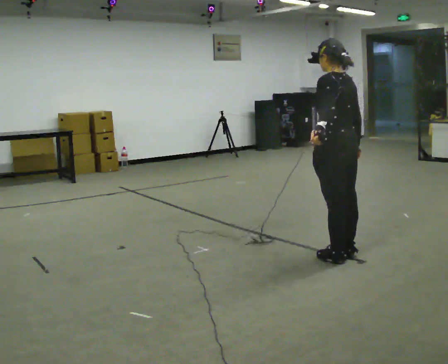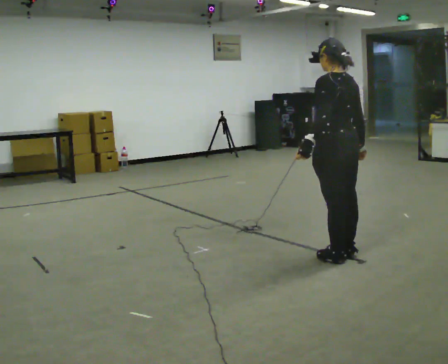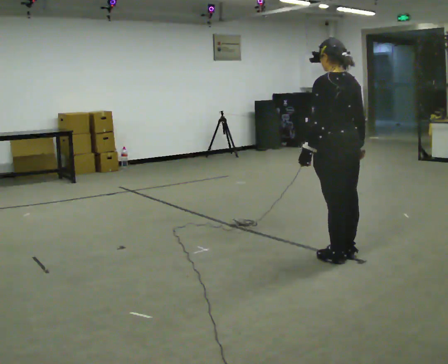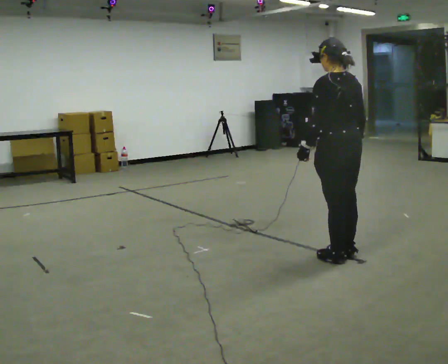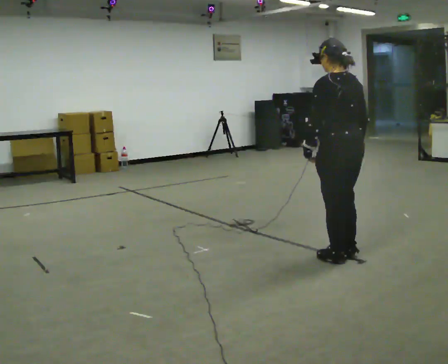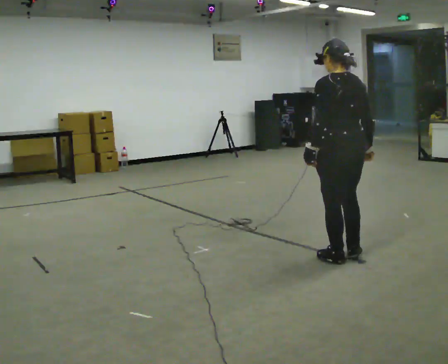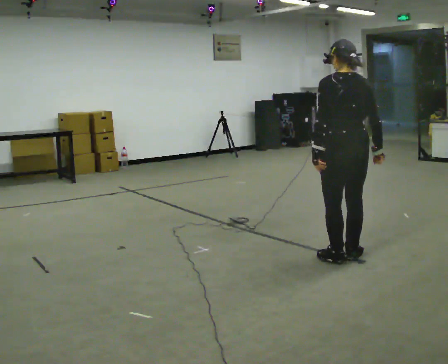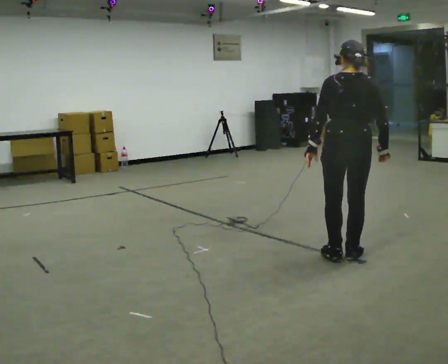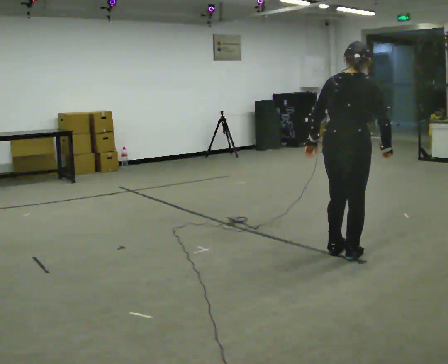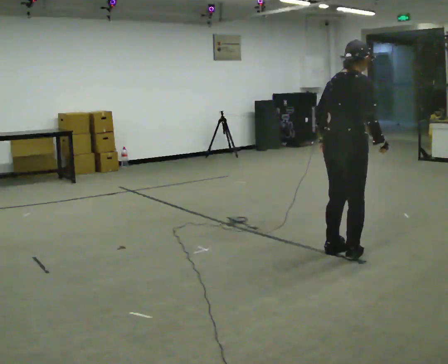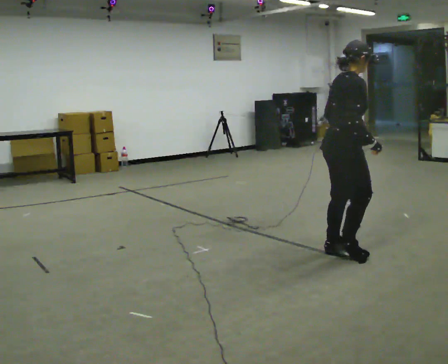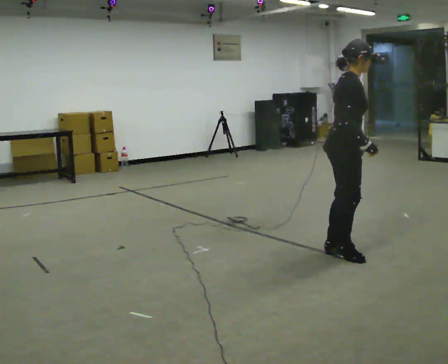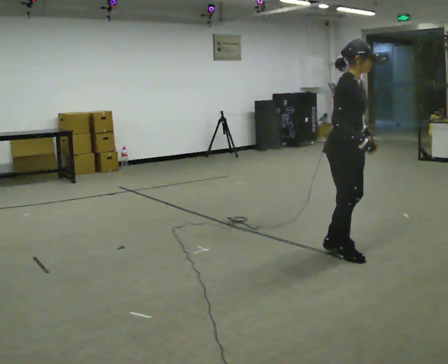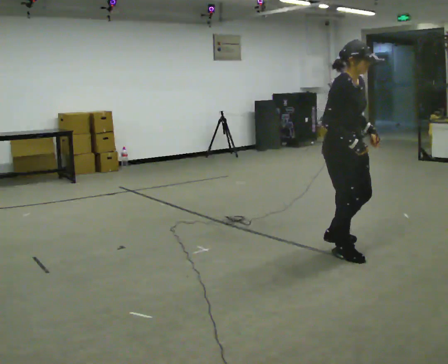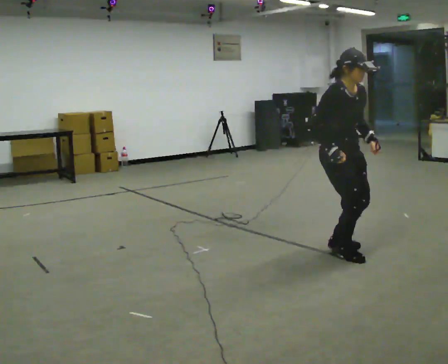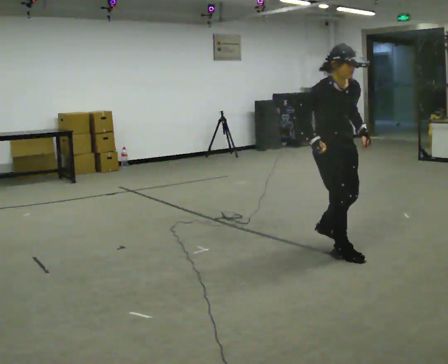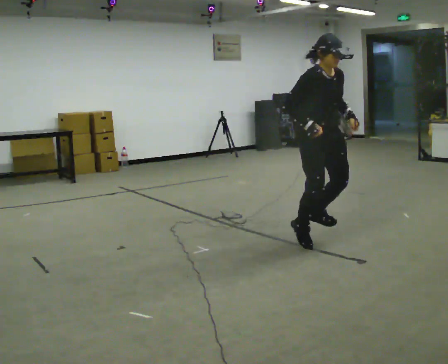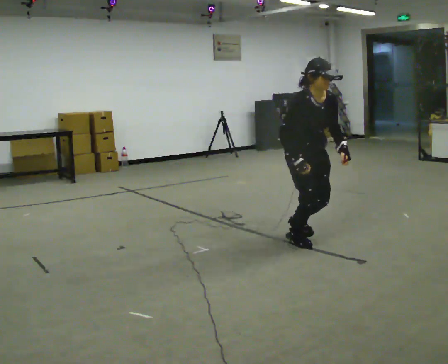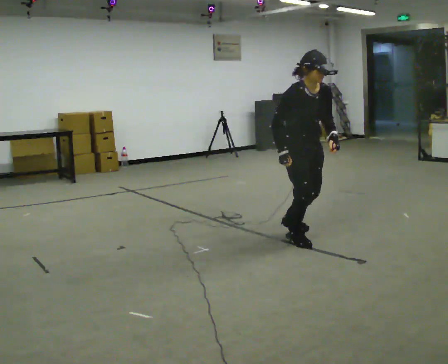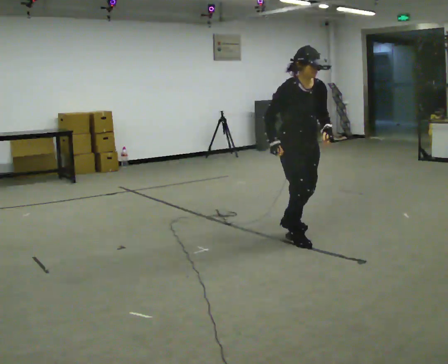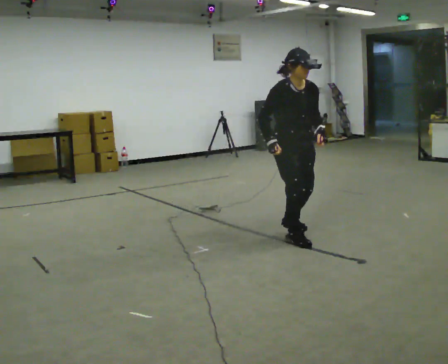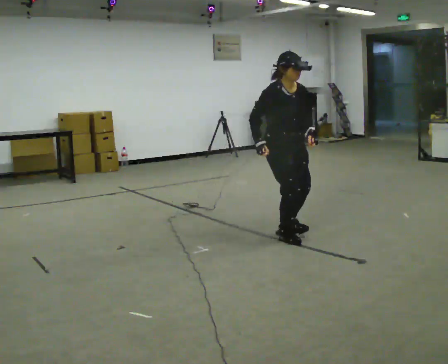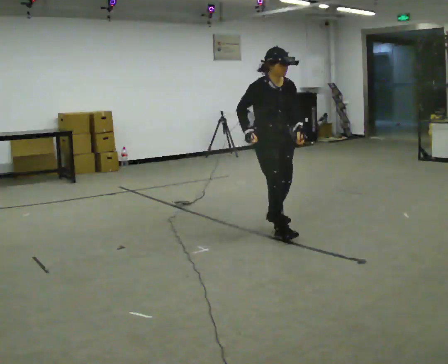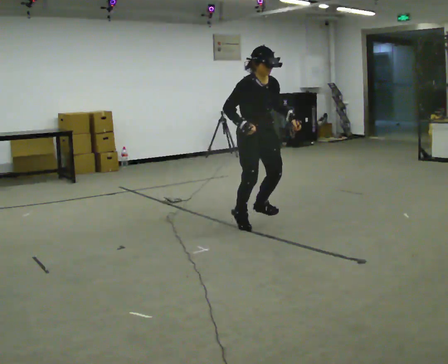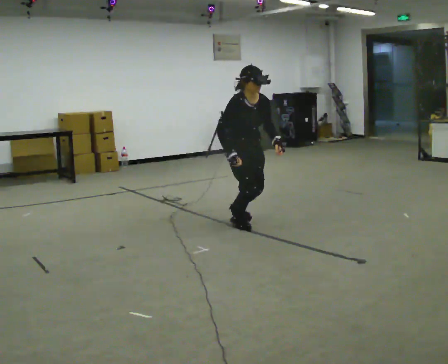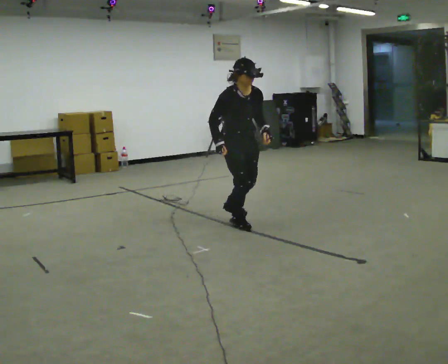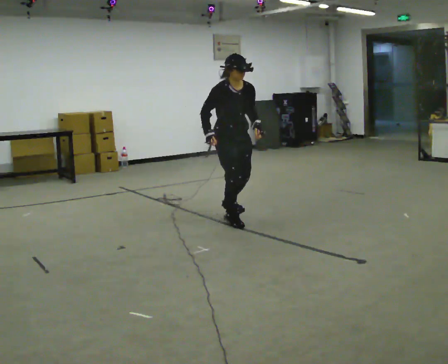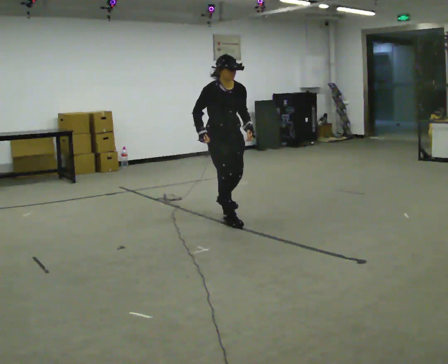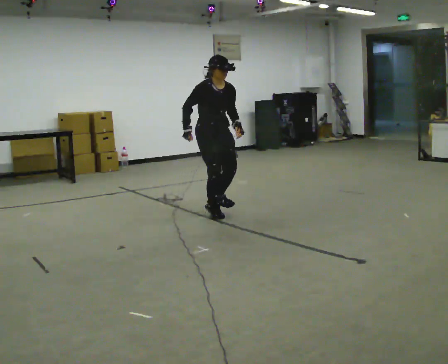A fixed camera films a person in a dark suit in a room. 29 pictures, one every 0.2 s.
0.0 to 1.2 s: Seen from above the body turns clockwise, about 30 degrees: to their right, with its near side sliding to the left.
1.2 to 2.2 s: Seen from above the body turns clockwise, about 120 degrees: to their right, with its near side sliding to the left. In the picture they go away from the camera, about 0.25 m in 1 step. In the picture their left hand goes to the right.
2.2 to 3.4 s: The part of the body nearest the lens slides to the left as the person turns to their right by about 45 degrees. In the picture they go to the left and away from the camera, about 0.25 m in 2 steps, which for them is backward. The upper body tips toward the camera, its near side rolling downward, as they bend forward.
3.4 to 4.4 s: In the picture they go to the left and away from the camera, about 0.5 m in 2 steps, which for them is backward.
4.4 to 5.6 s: In the picture they go to the left and away from the camera, about 1 m in 3 steps, which for them is backward.
The film runs backward here.
